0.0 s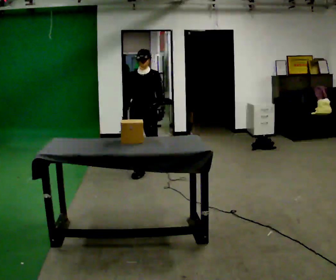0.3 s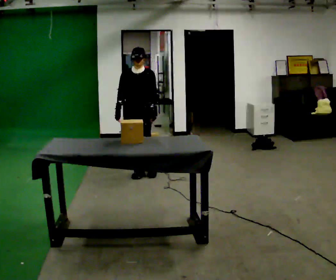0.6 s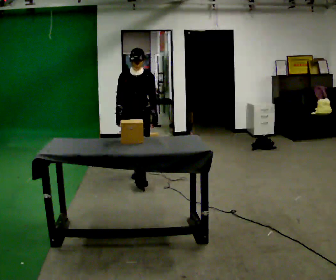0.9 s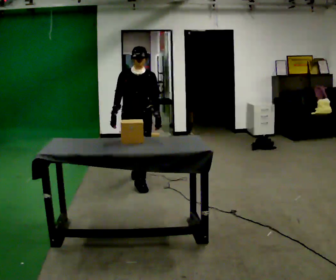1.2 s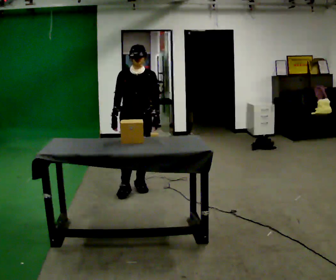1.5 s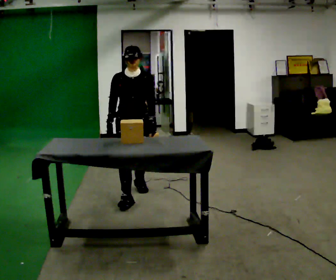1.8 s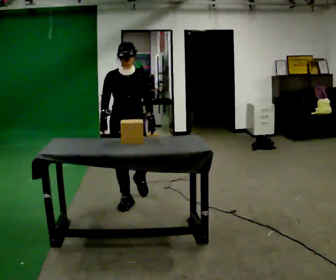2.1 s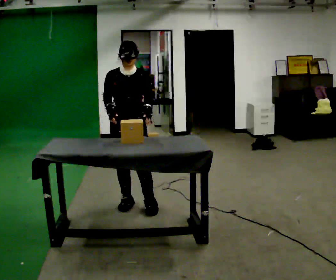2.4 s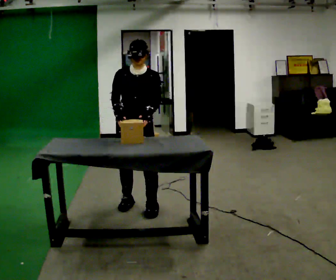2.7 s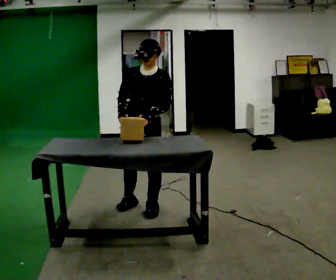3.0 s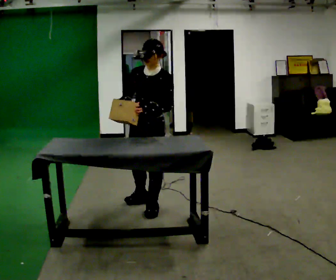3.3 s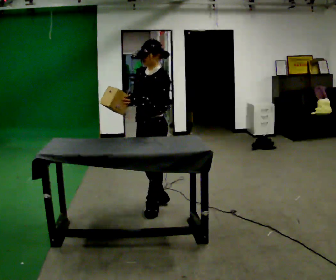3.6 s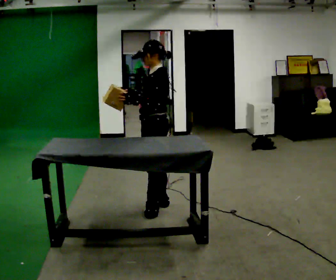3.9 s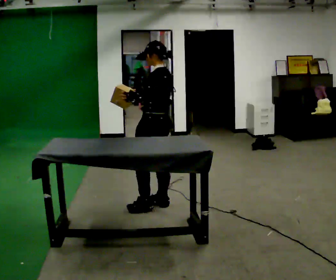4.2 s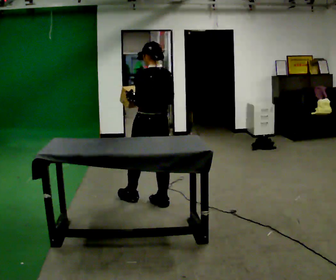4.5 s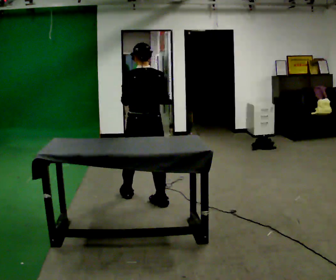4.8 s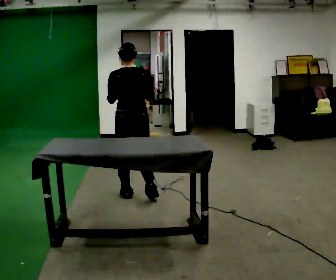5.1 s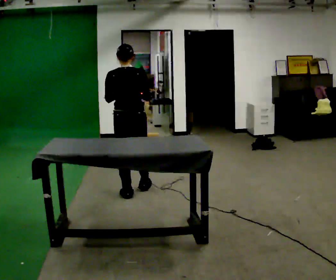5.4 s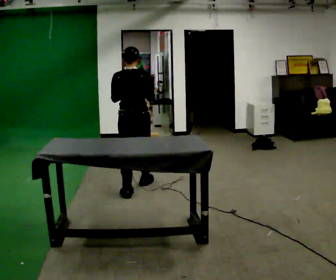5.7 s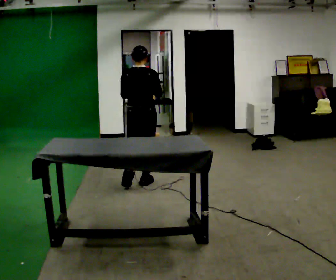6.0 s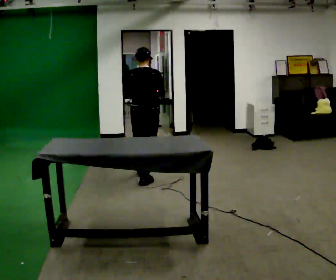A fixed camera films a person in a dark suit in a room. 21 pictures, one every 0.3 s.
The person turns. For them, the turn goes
to their right.
The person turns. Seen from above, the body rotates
clockwise.
0.0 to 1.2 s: In the picture they go toward the camera, about 0.5 m in 1 step, which for them is forward.
1.2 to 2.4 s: In the picture they go toward the camera, about 0.5 m in 2 steps, which for them is forward.
2.4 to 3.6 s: The person turns about 75 degrees to their right, clockwise seen from above, so the part of the body nearest the lens slides to the left. In the picture they go to the right, about 0.25 m in 1 step.
3.6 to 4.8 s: Seen from above the body turns clockwise, about 90 degrees: to their right, with its near side sliding to the left. In the picture they go to the left and away from the camera, about 0.25 m in 1 step.
4.8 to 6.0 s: In the picture they go away from the camera, about 0.5 m in 1 step, which for them is forward.
The film runs forward here.
